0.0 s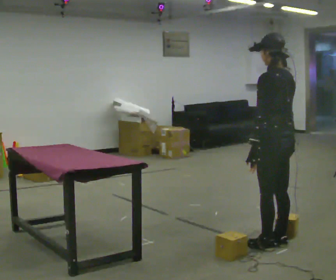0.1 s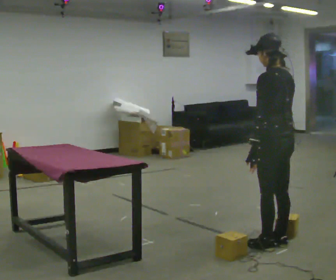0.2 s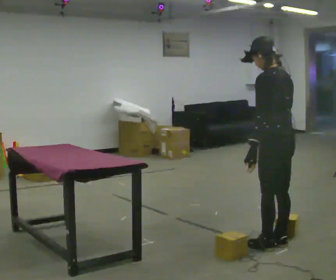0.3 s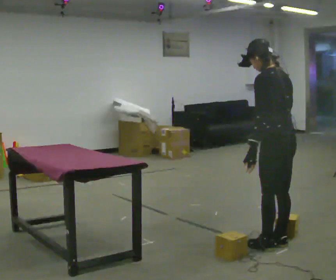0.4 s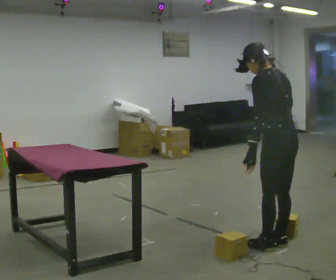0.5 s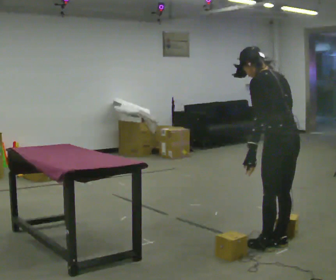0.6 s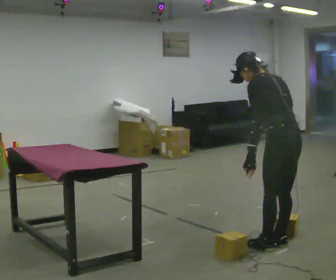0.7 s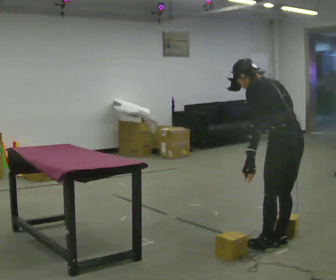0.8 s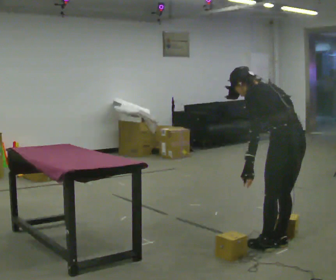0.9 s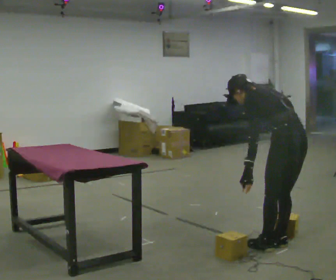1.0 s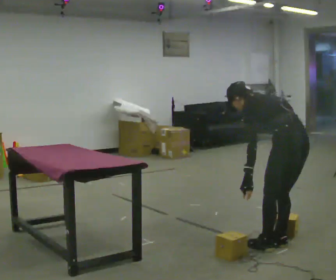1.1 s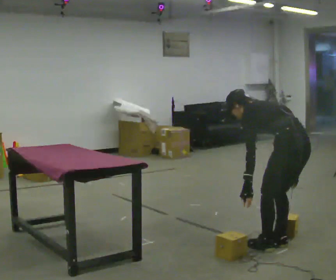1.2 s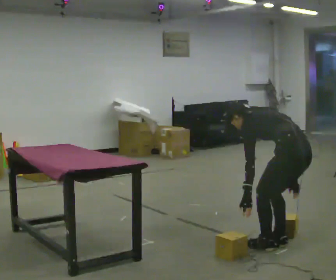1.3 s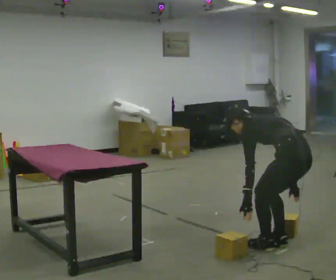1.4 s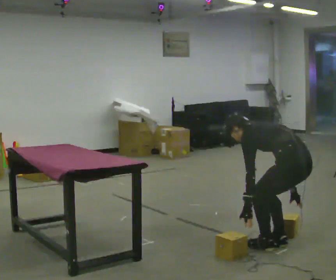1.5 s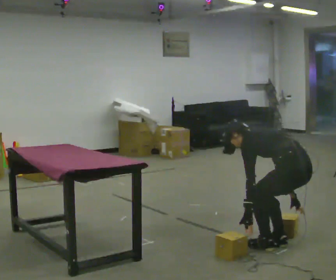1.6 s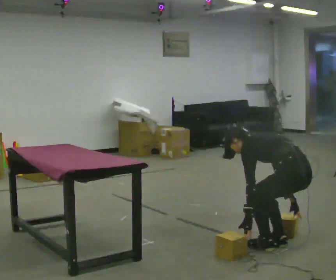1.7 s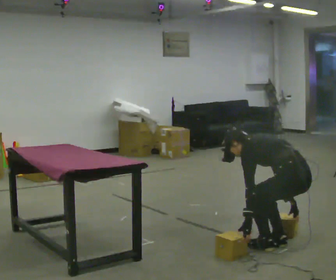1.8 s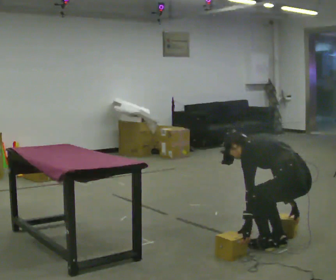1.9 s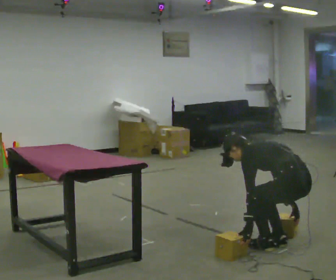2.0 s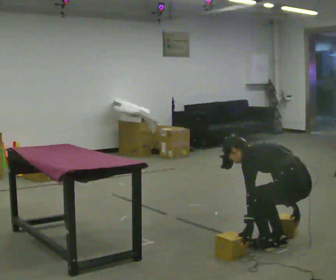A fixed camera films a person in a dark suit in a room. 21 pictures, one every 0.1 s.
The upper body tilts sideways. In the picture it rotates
counterclockwise.
Their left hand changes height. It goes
downward.
0.0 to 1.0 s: The shoulders move downward. The upper body tips away from the camera, its near side rolling upward, as they bend forward.
1.0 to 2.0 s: The shoulders move downward. In the picture the upper body tilts counterclockwise, shoulders to the left, as they bend forward. In the picture their left hand goes downward.
The film runs forward here.
